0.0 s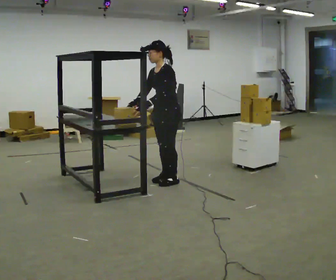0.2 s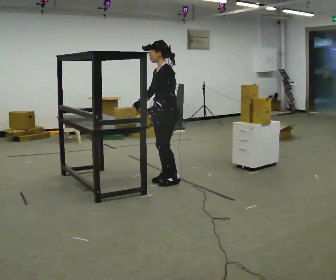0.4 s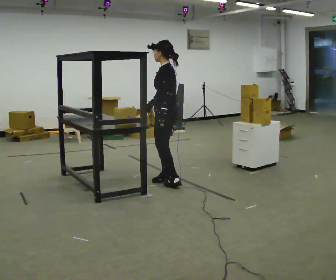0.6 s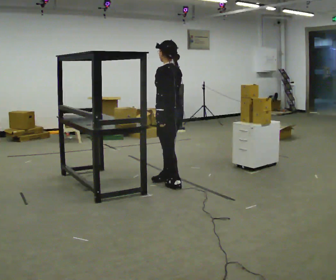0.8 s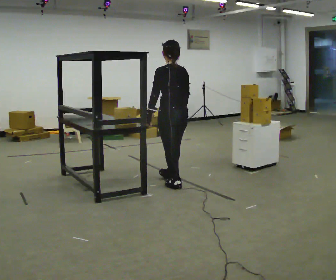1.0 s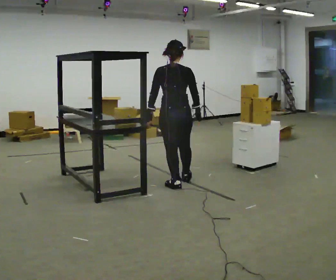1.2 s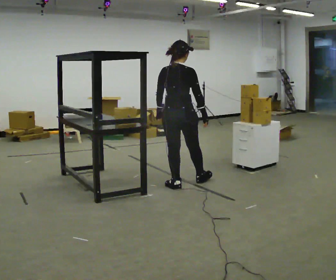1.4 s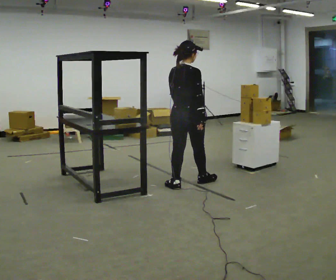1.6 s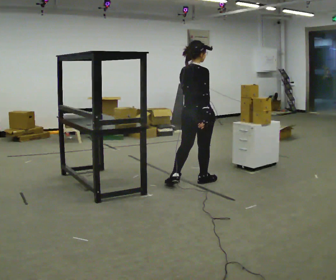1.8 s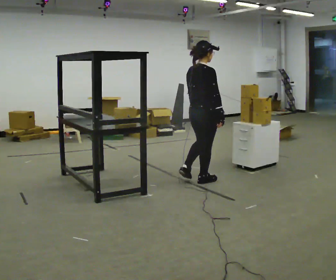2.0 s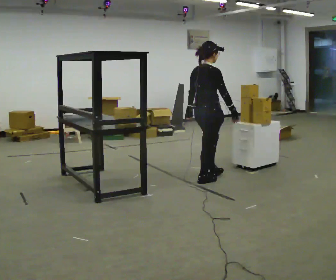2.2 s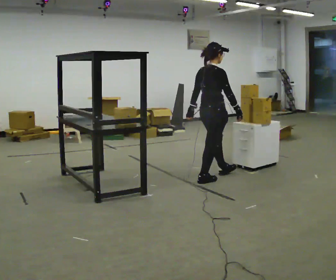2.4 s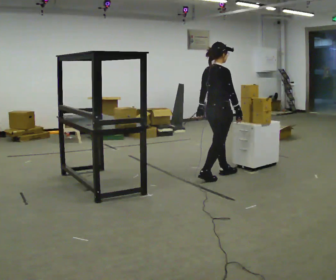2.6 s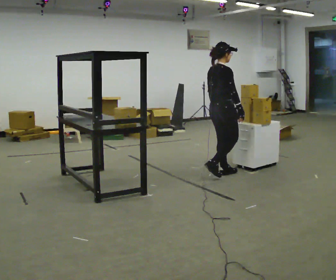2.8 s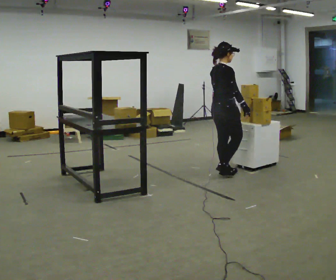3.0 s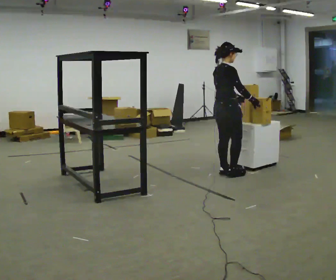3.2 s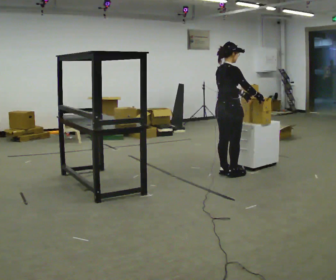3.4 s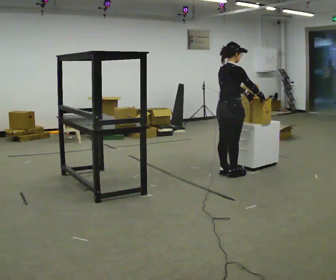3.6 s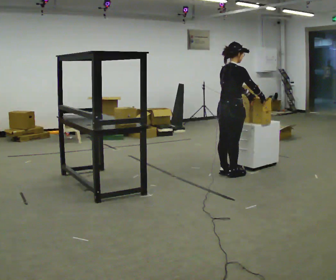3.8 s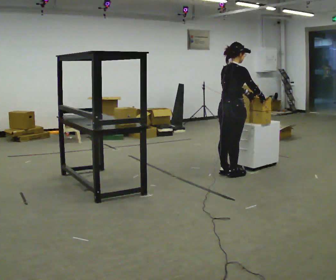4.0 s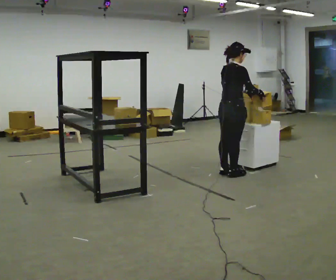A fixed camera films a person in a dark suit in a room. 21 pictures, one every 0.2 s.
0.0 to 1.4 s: The person turns about 150 degrees to their right, clockwise seen from above, so the part of the body nearest the lens slides to the left. In the picture they go to the right, about 0.25 m in 2 steps.
1.4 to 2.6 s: The part of the body nearest the lens slides to the left as the person turns to their right by about 30 degrees. In the picture they go to the right and away from the camera, about 0.5 m in 1 step, which for them is forward.
2.6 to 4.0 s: In the picture their left hand goes to the right.
The film runs forward here.
